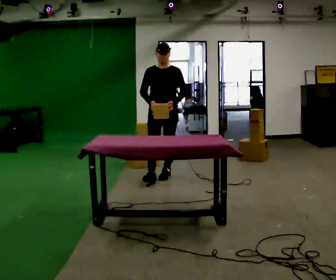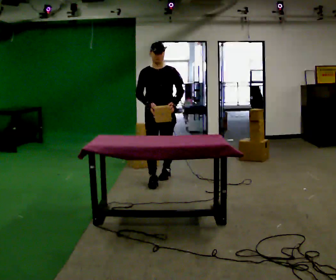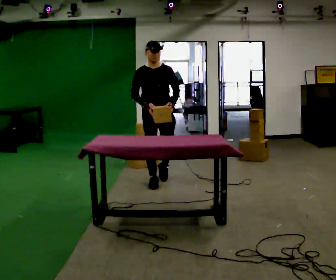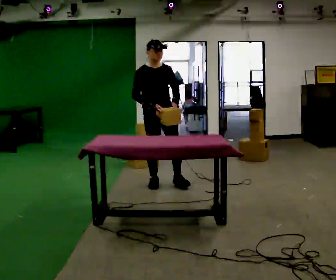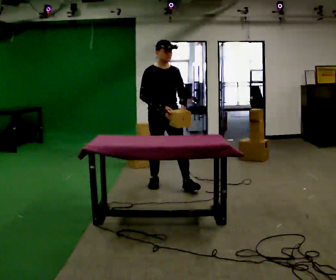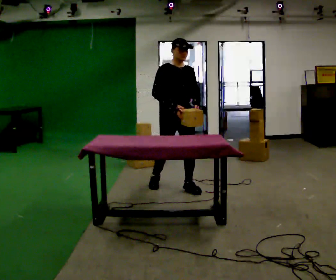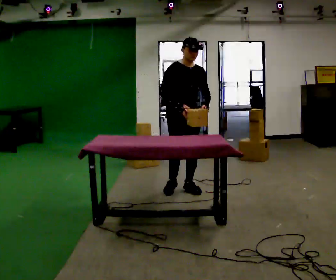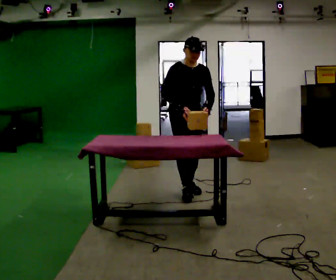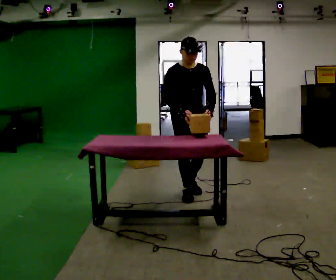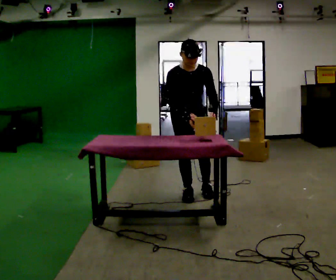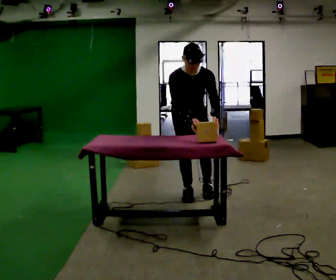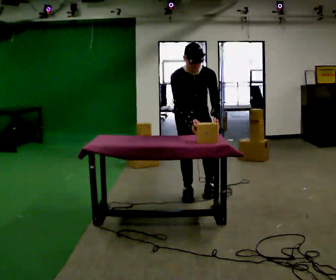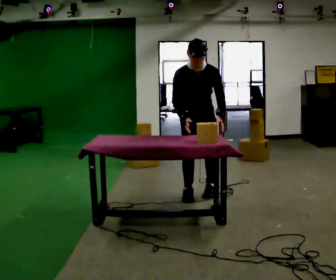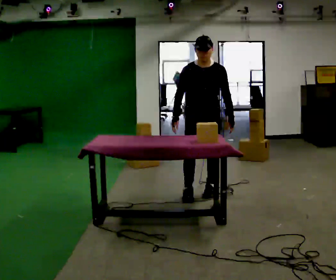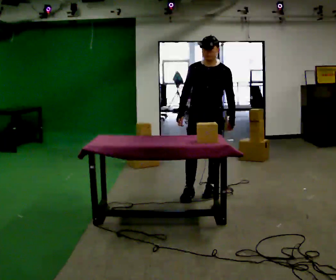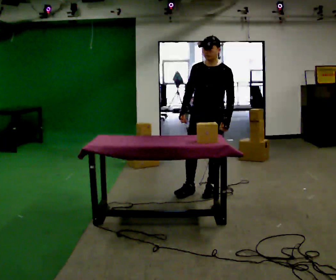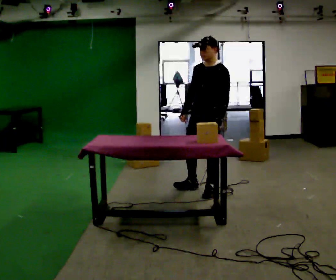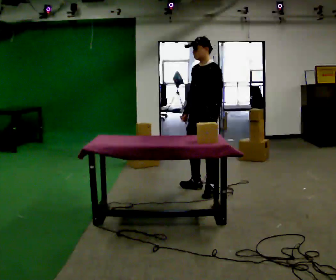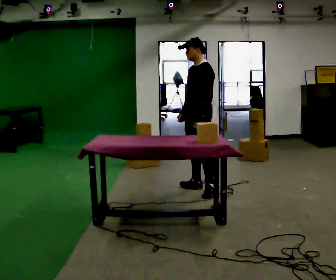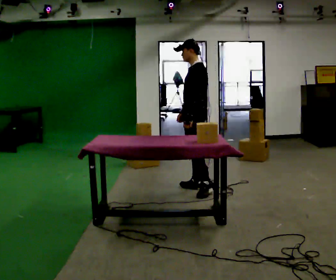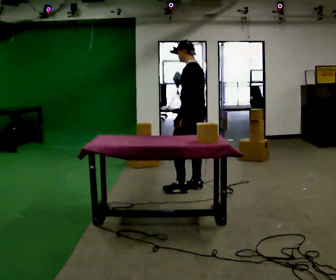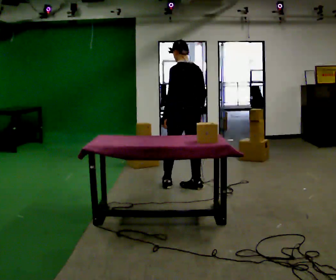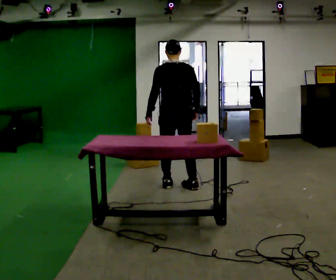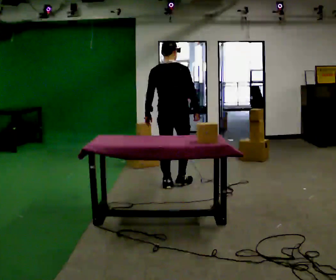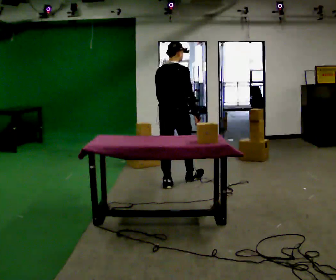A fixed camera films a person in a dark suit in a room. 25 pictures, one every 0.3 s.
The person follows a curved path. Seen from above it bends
counterclockwise.
0.0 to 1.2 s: The person turns about 30 degrees to their left, counterclockwise seen from above, so the part of the body nearest the lens slides to the right. In the picture they go toward the camera, about 0.5 m in 2 steps, which for them is forward.
1.2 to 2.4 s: In the picture they go toward the camera and to the right, about 0.5 m in 1 step, which for them is forward.
2.4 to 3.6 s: The person moves a little, or ends about where they began.
3.6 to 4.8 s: The person turns about 60 degrees to their right, clockwise seen from above, so the part of the body nearest the lens slides to the left. The upper body tips away from the camera, its near side rolling upward, as they lean back or straighten.
4.8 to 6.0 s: The person turns about 60 degrees to their right, clockwise seen from above, so the part of the body nearest the lens slides to the left. In the picture they go away from the camera and to the left, about 0.25 m.
6.0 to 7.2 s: The person turns about 105 degrees to their right, clockwise seen from above, so the part of the body nearest the lens slides to the left. In the picture they go to the left, about 0.25 m in 2 steps.
The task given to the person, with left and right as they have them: 1. Look at the shelf and see which spaces are empty. 2. Find matching items in the bins on the floor. 3. Fill the empty spaces on the shelf. 4. Tell the operator when you are finished.
The film runs forward here.
